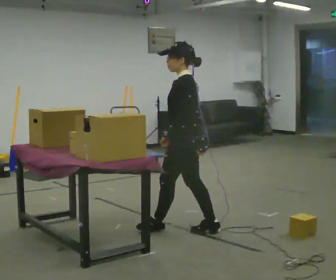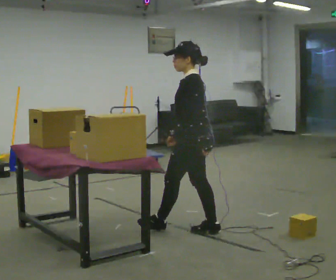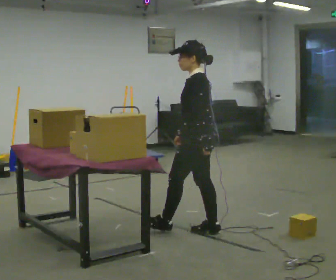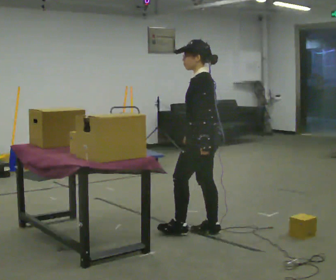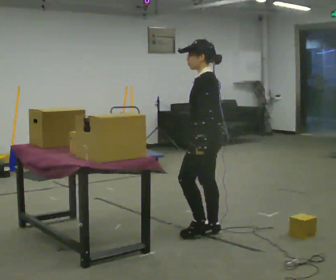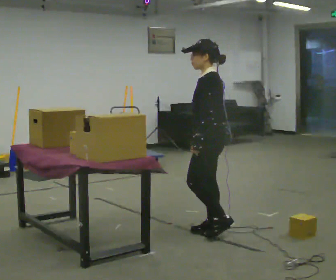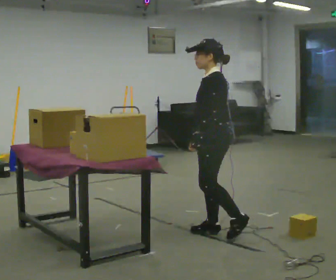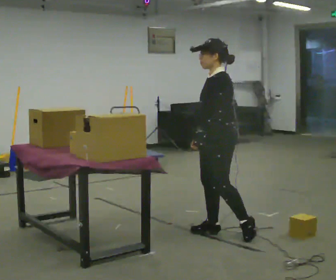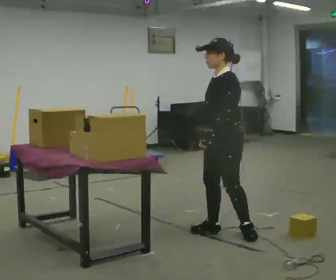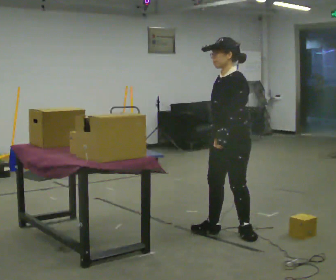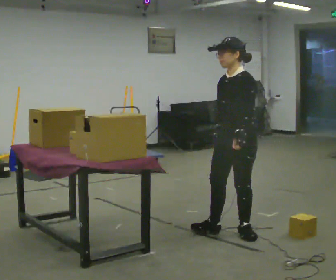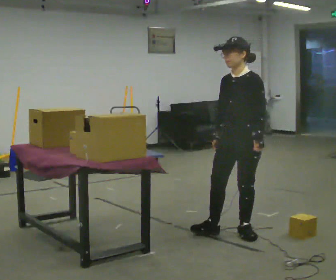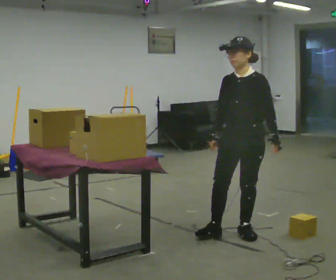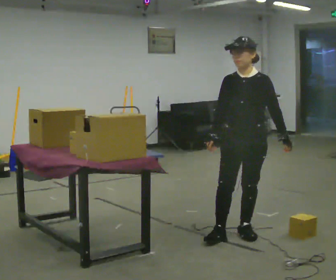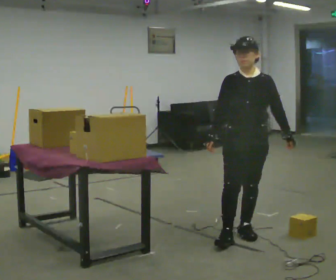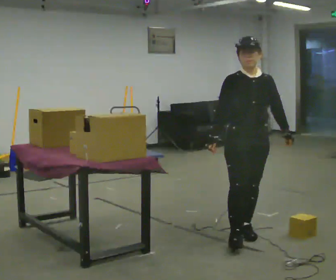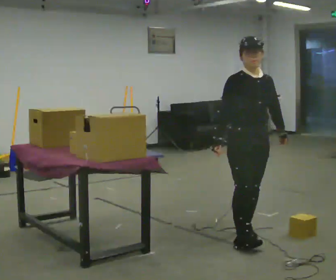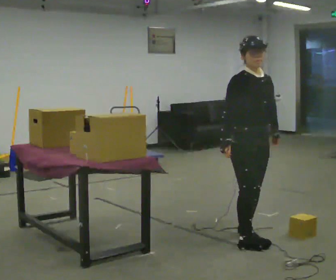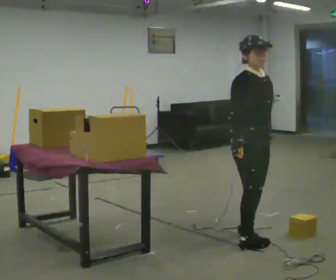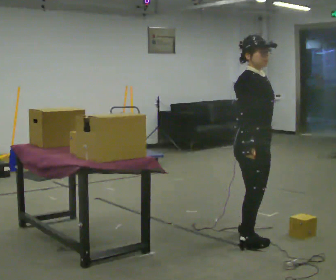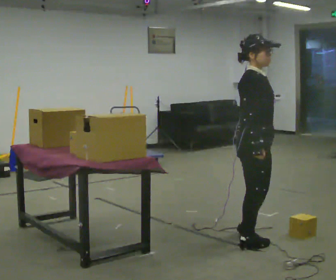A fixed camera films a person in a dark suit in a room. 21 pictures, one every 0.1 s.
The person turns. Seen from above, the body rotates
counterclockwise.
The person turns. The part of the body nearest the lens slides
to the right.
0.0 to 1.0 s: The part of the body nearest the lens slides to the right as the person turns to their left by about 45 degrees. In the picture they go to the right, about 0.5 m in 1 step, which for them is backward.
1.0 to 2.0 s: Seen from above the body turns counterclockwise, about 120 degrees: to their left, with its near side sliding to the right. In the picture they go toward the camera, about 0.25 m in 2 steps.
The film runs backward here.
